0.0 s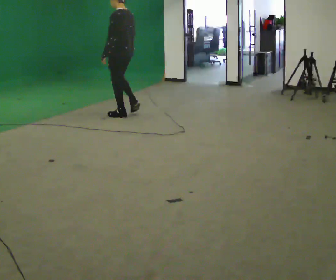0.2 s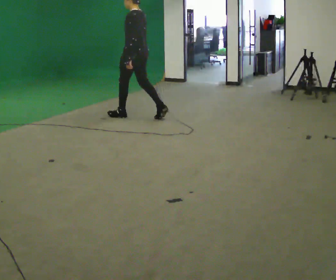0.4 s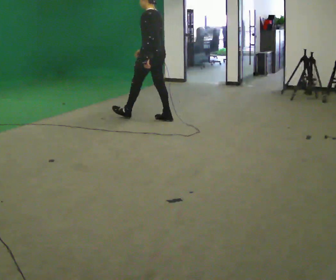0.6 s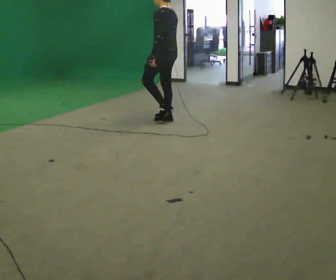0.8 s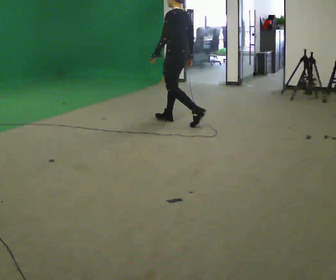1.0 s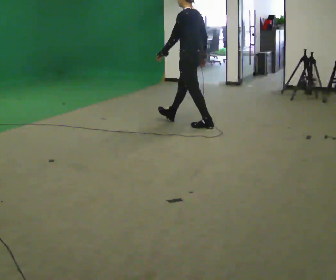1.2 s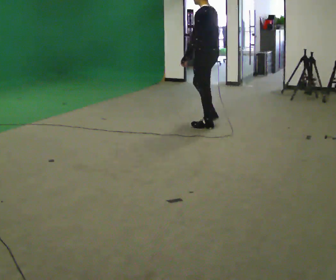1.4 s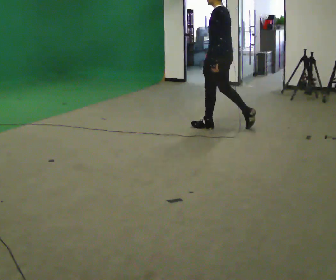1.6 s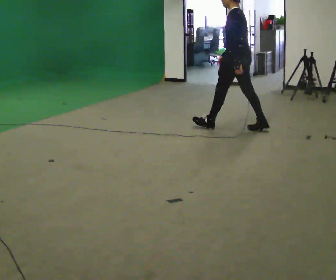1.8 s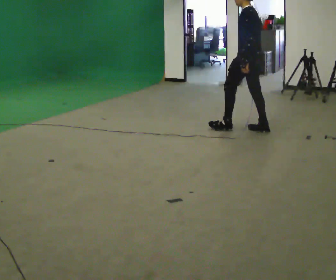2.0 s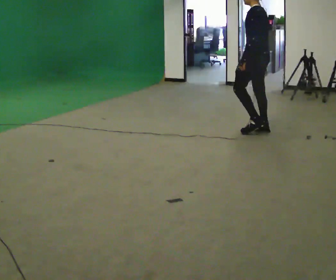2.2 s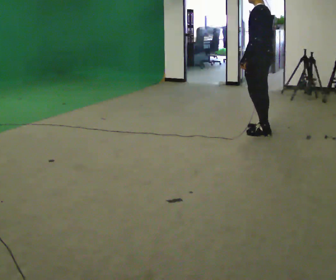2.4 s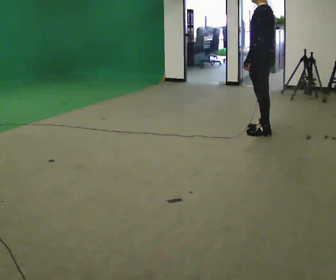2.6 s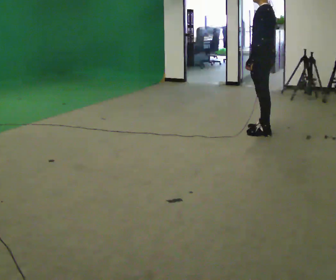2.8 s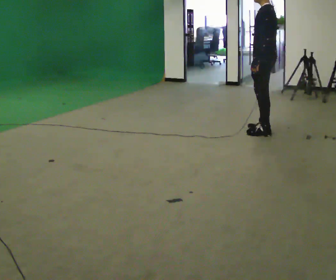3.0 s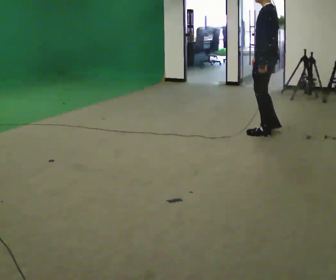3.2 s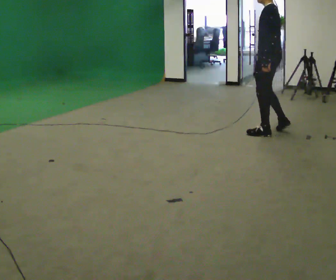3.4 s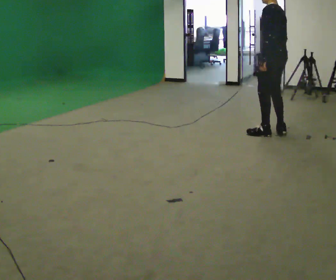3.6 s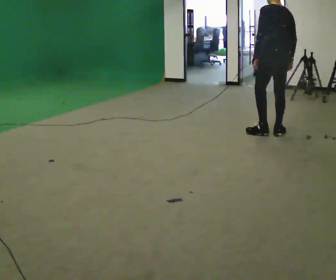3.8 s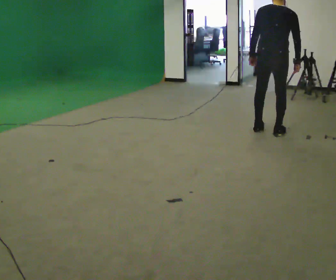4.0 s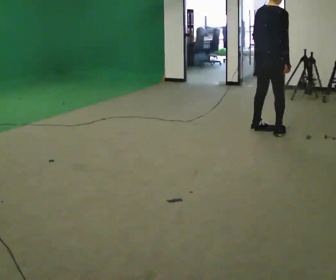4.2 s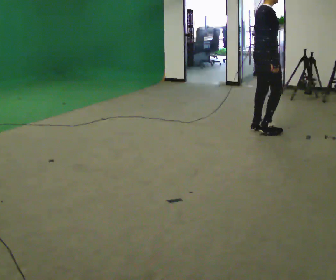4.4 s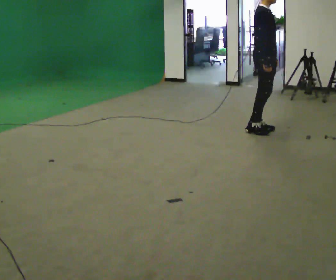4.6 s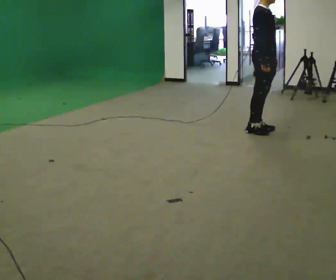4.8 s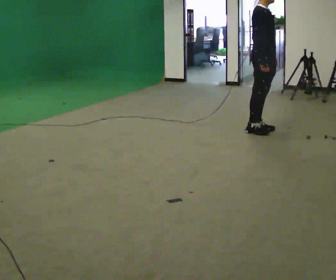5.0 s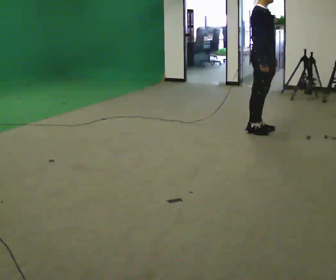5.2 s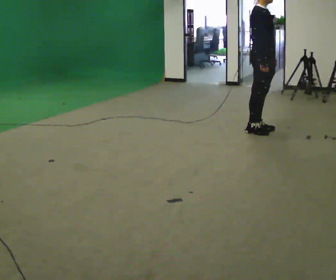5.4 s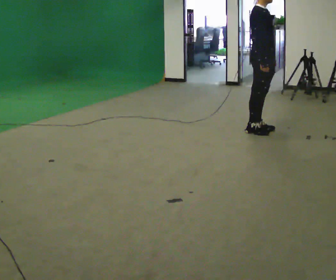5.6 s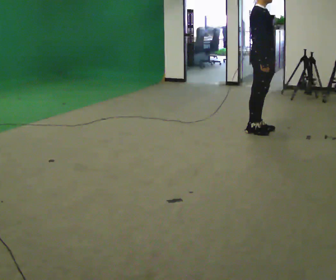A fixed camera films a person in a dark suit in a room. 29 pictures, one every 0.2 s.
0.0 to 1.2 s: In the picture they go to the right, about 1 m in 2 steps, which for them is backward.
1.2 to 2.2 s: In the picture they go to the right, about 0.75 m in 1 step, which for them is backward.
2.2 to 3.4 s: In the picture they go to the right, about 0.25 m in 1 step, which for them is backward.
3.4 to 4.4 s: Seen from above the body turns clockwise, about 150 degrees: to their right, with its near side sliding to the left.
4.4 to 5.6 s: The person moves a little, or ends about where they began.
The film runs backward here.
